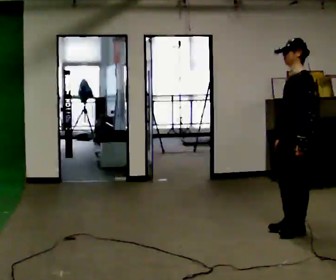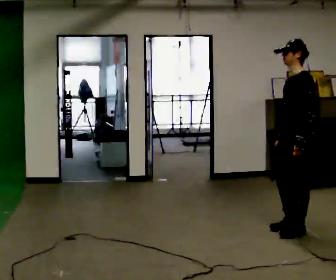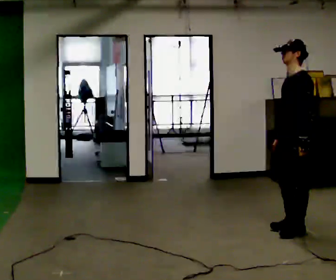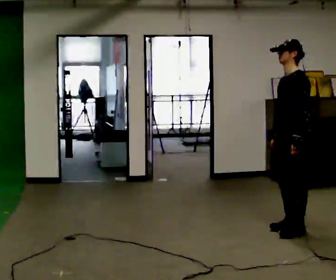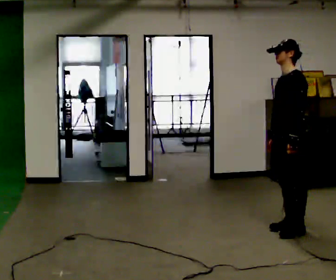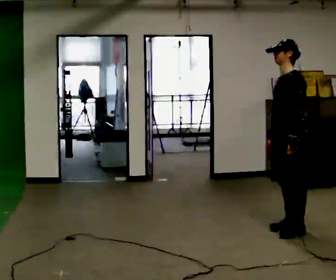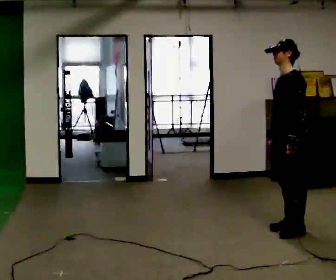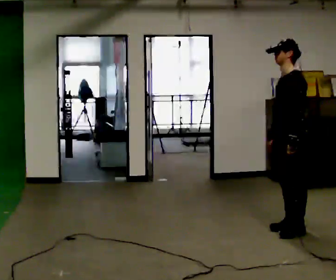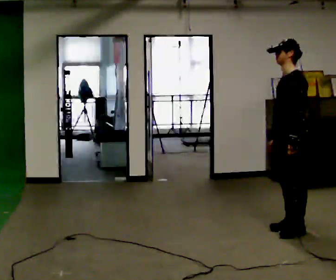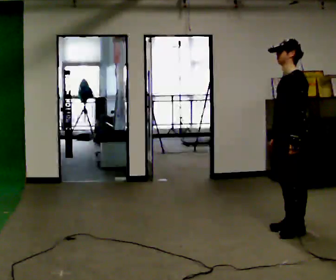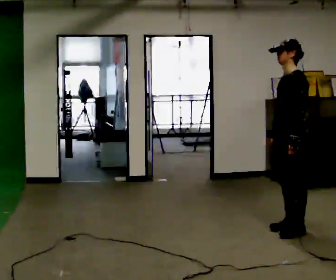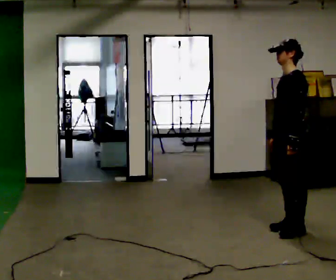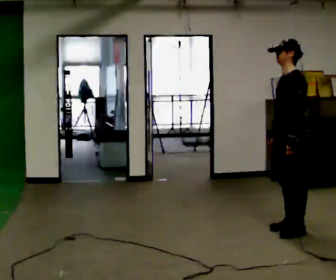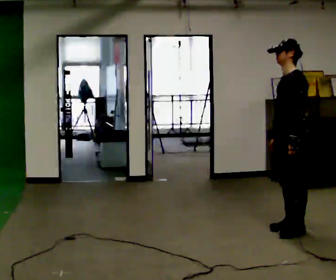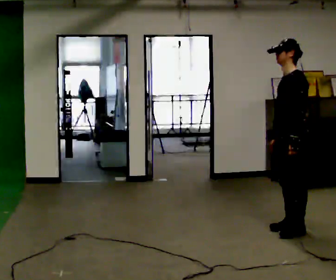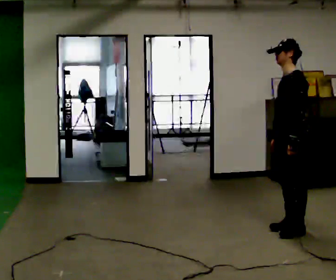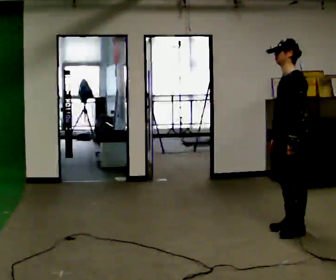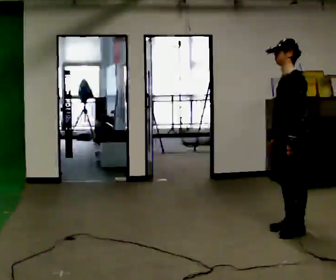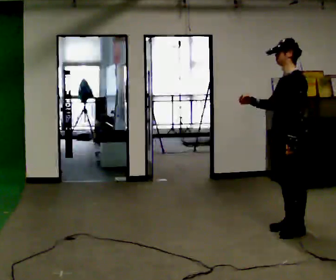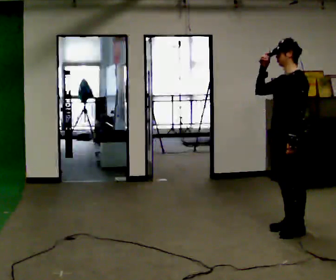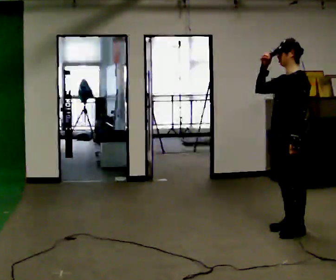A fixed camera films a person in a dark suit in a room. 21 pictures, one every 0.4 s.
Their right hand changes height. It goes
upward.
0.0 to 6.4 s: The person moves a little, or ends about where they began.
6.4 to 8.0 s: In the picture their right hand goes upward.
The film runs forward here.
